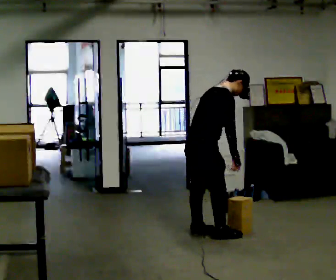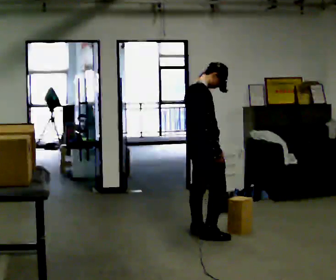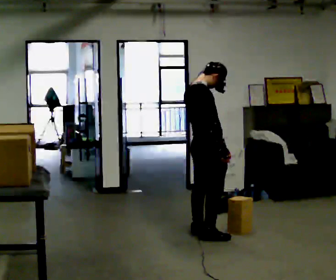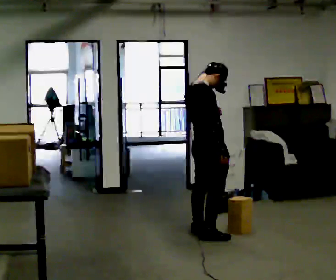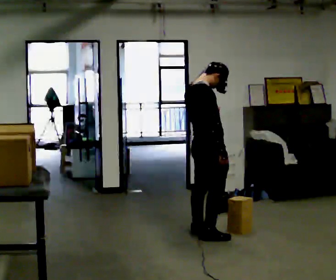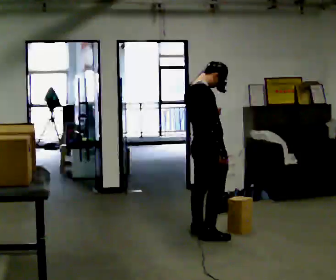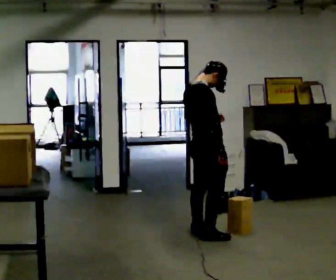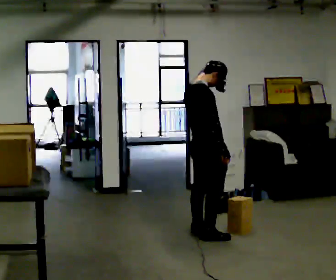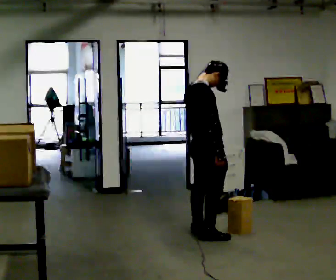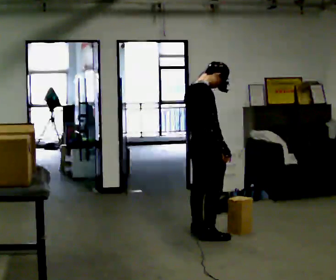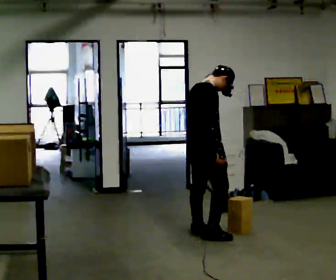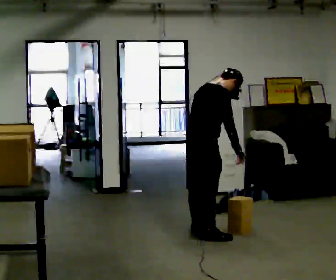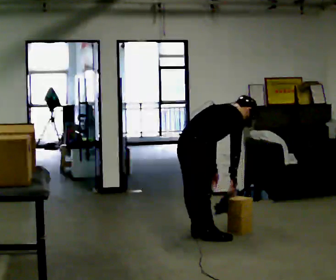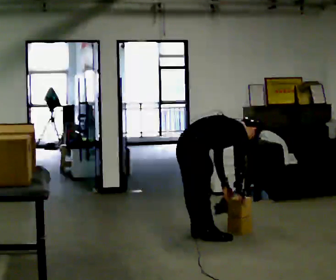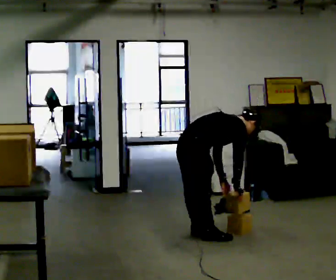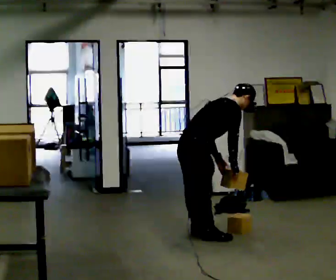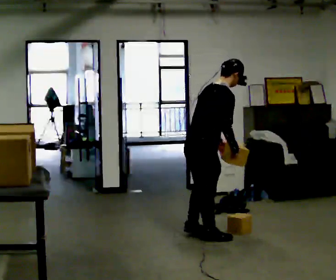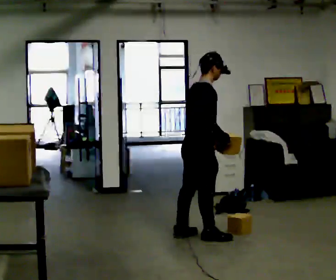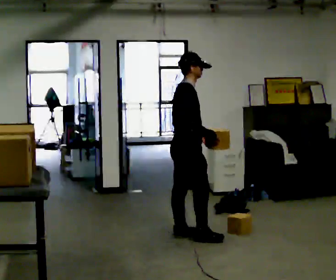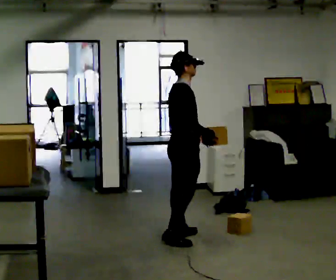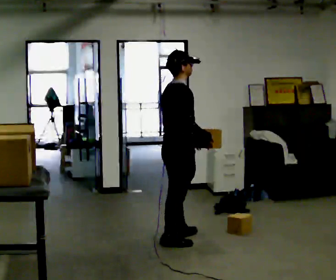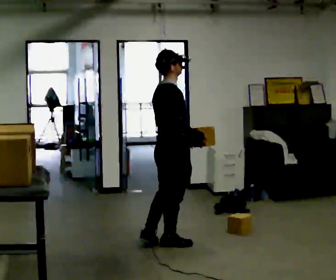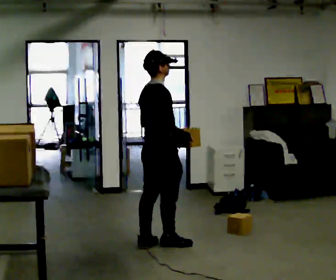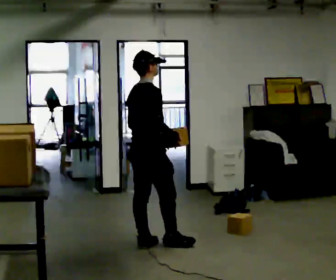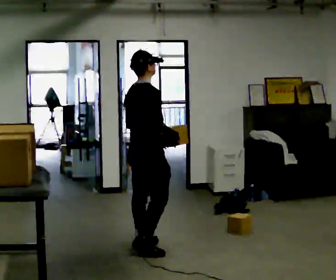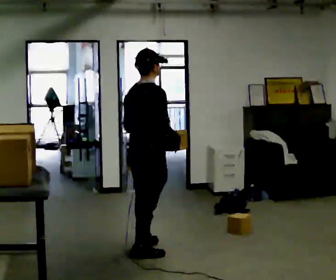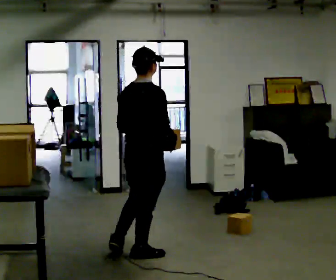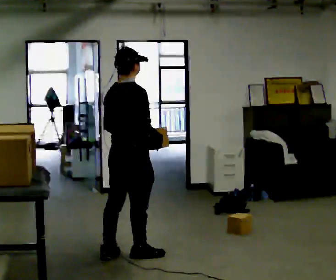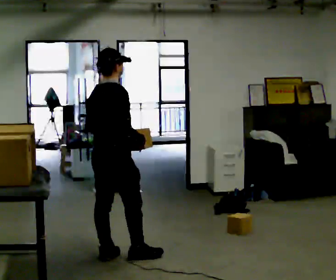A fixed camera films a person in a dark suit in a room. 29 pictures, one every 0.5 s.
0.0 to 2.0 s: In the picture the upper body tilts counterclockwise, shoulders to the left, as they lean back or straighten. In the picture their left hand goes upward.
2.0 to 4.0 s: The person moves a little, or ends about where they began.
4.0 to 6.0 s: The shoulders move downward. In the picture the upper body tilts clockwise, shoulders to the right, as they bend forward.
6.0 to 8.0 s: The person moves a little, or ends about where they began.
8.0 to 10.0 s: In the picture they go to the left, about 0.25 m in 1 step, which for them is backward. In the picture the upper body tilts counterclockwise, shoulders to the left, as they lean back or straighten.
10.0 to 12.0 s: In the picture they go to the left, about 0.25 m in 2 steps, which for them is backward.
12.0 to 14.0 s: In the picture they go toward the camera and to the left, about 0.5 m in 2 steps, which for them is backward.
The film runs backward here.
